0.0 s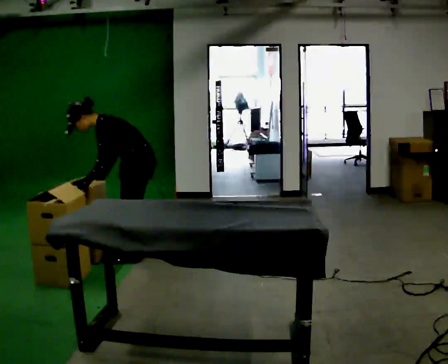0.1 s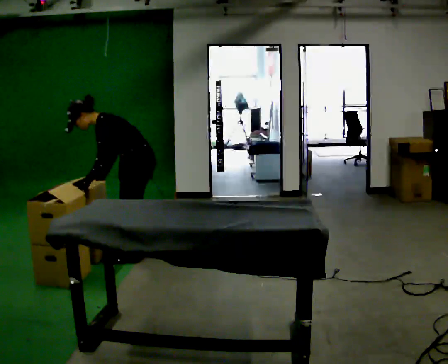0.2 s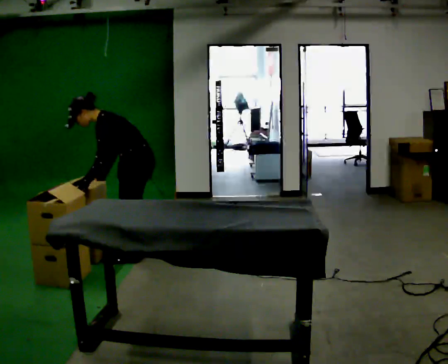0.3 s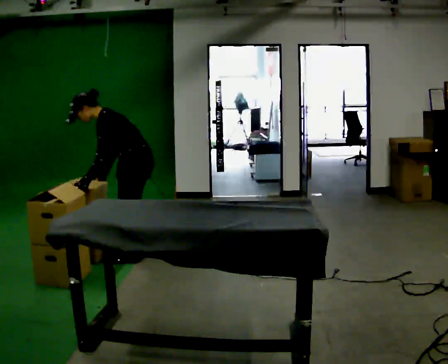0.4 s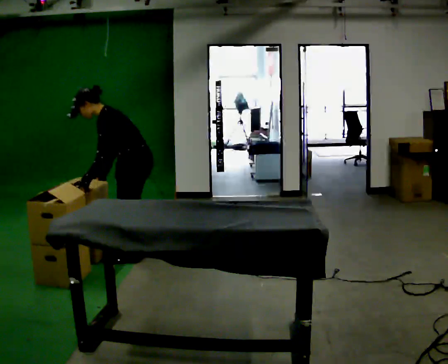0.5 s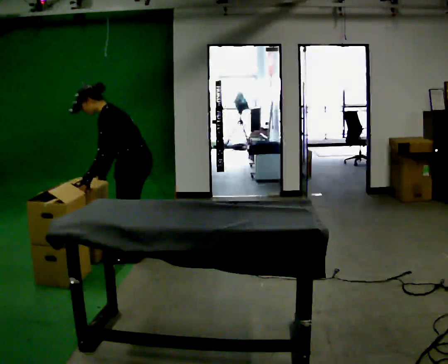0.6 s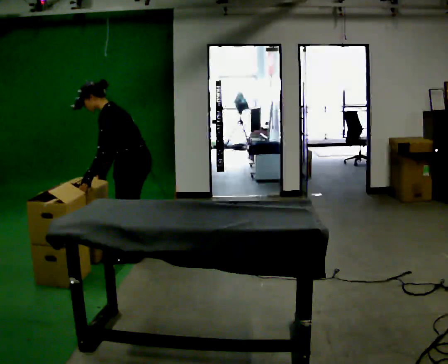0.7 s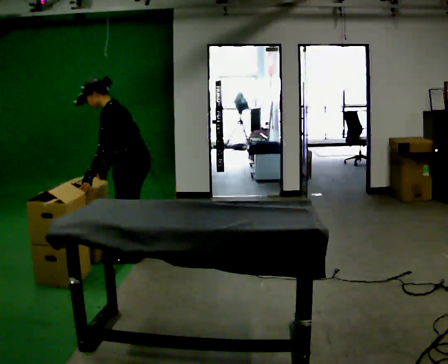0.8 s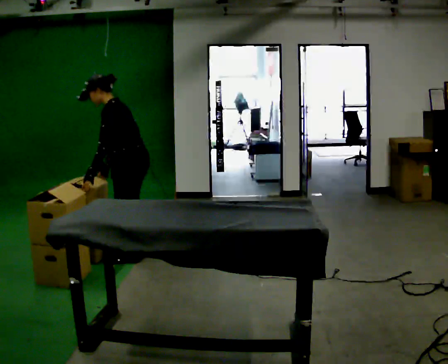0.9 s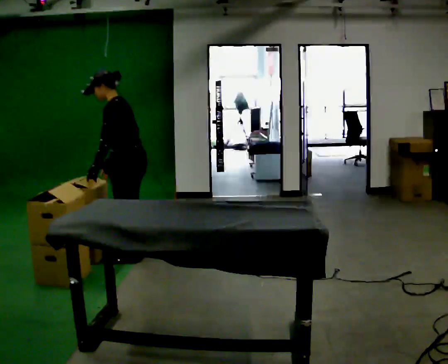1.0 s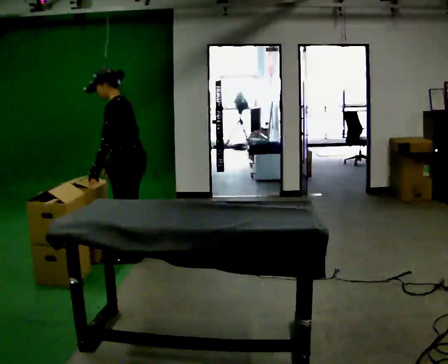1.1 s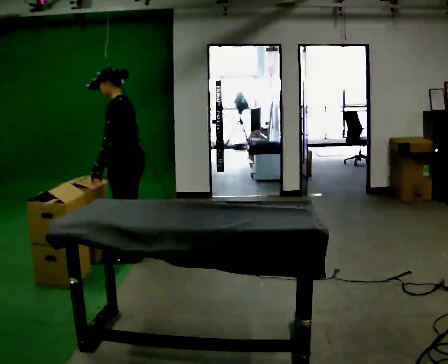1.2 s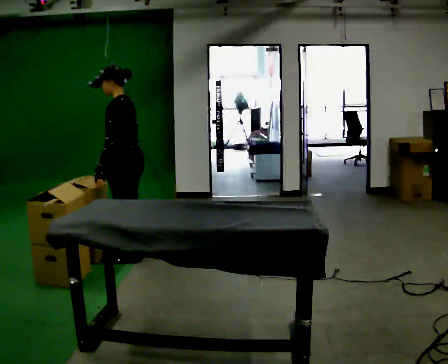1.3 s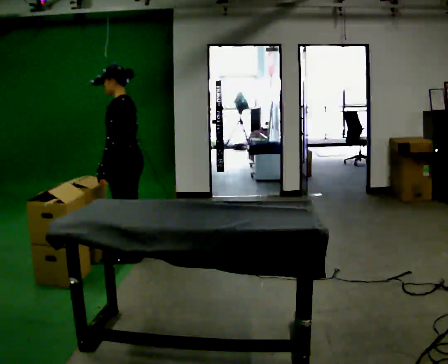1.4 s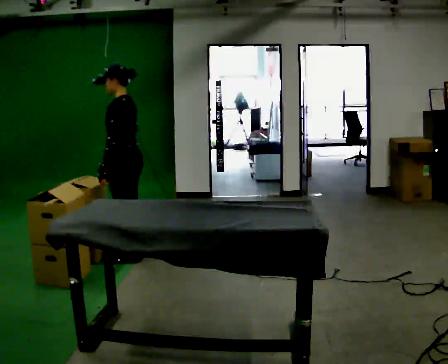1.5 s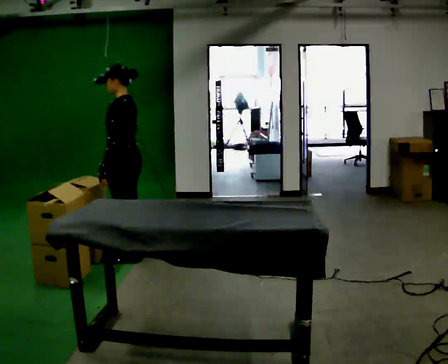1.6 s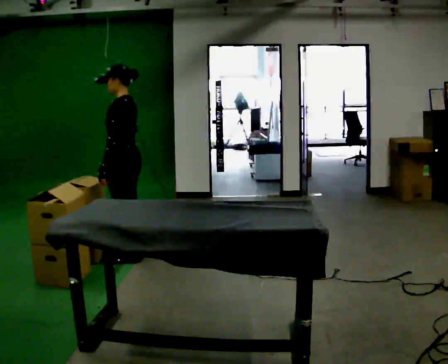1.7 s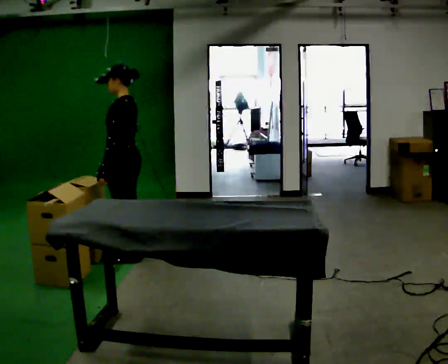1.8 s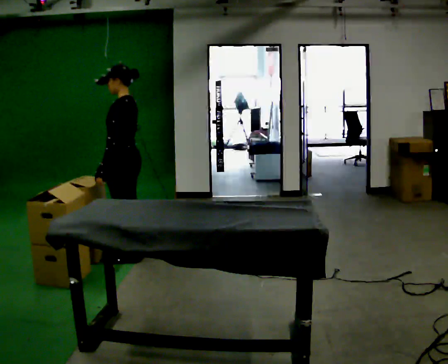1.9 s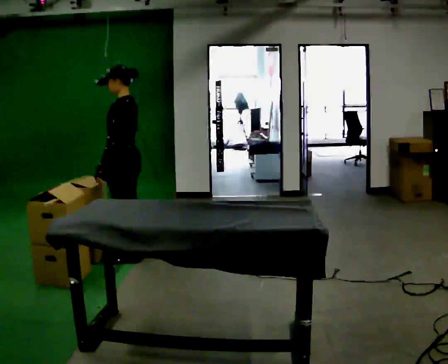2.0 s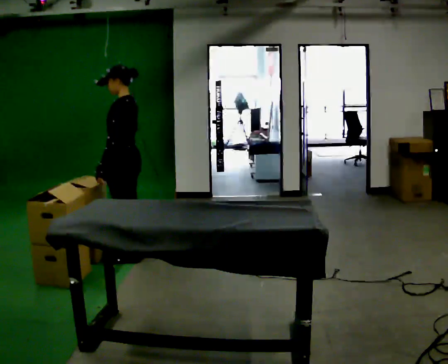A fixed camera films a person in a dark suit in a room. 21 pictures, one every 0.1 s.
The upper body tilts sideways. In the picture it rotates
clockwise.
0.0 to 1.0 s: In the picture the upper body tilts clockwise, shoulders to the right, as they lean back or straighten.
1.0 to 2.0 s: In the picture the upper body tilts clockwise, shoulders to the right, as they lean back or straighten.
The film runs forward here.
